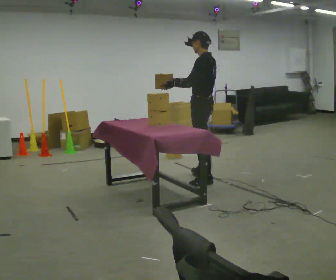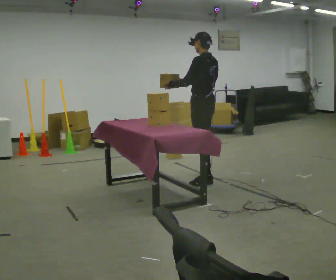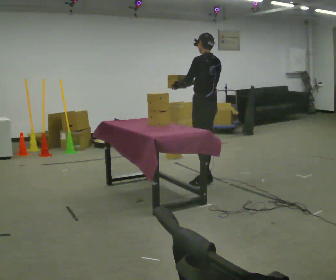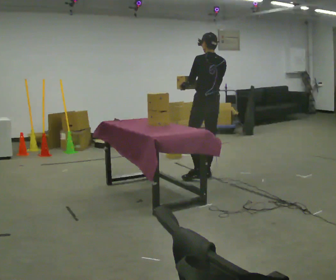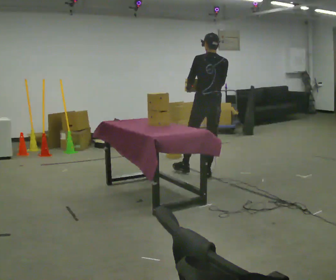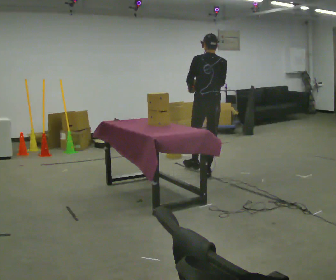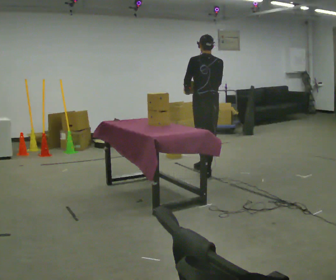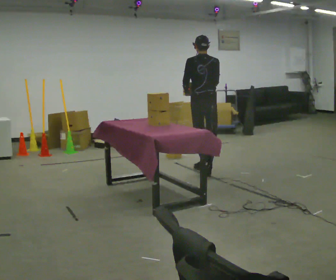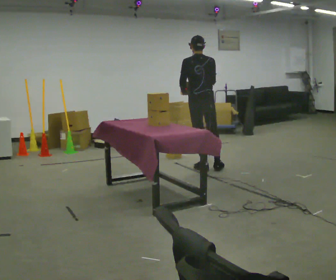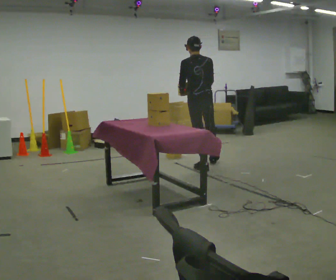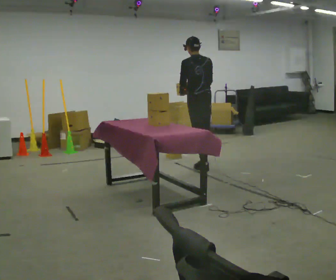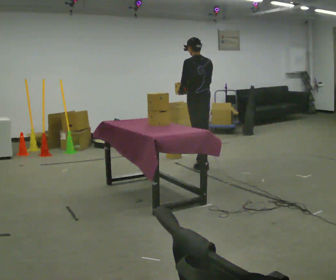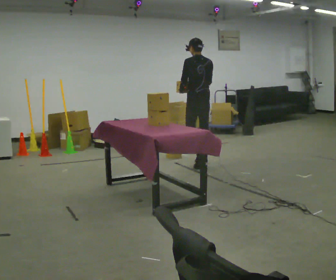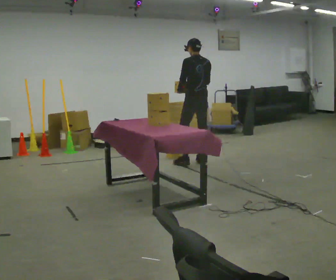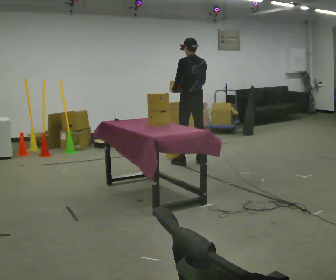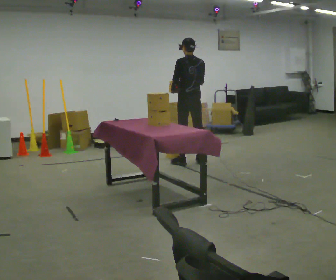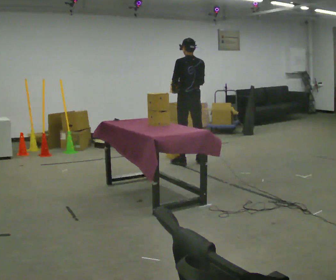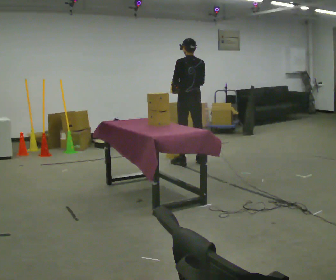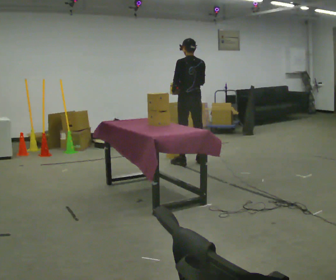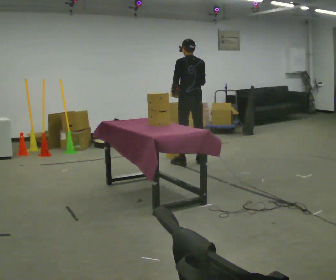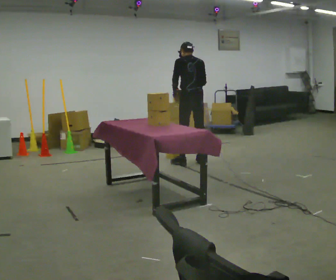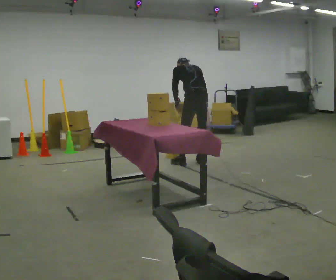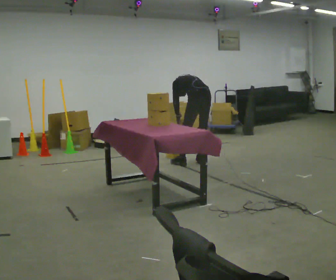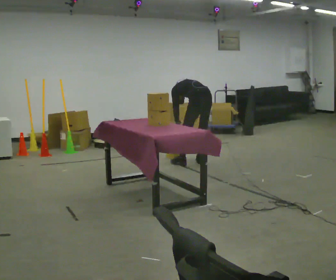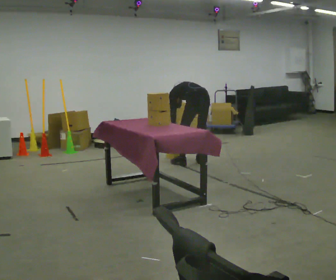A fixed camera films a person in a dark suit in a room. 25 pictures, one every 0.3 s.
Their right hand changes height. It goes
downward.
Their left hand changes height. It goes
downward.
0.0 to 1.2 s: Seen from above the body turns clockwise, about 60 degrees: to their right, with its near side sliding to the left. In the picture they go away from the camera, about 0.25 m in 1 step, which for them is to their right.
1.2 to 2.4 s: In the picture they go away from the camera, about 0.25 m in 1 step, which for them is forward.
2.4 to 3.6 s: In the picture they go away from the camera, about 0.25 m in 1 step, which for them is forward and to their right.
3.6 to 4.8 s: The person moves a little, or ends about where they began.
4.8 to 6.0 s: The upper body tips away from the camera, its near side rolling upward, as they bend forward.
6.0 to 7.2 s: The shoulders move downward. The upper body tips away from the camera, its near side rolling upward, as they bend forward. In the picture their right hand goes downward.
The film runs forward here.
